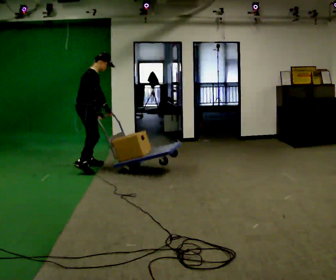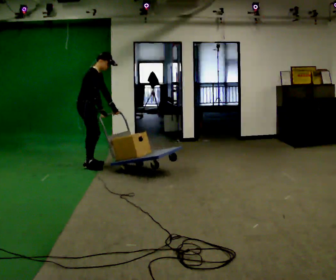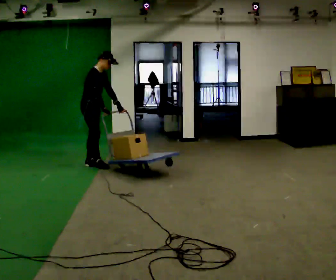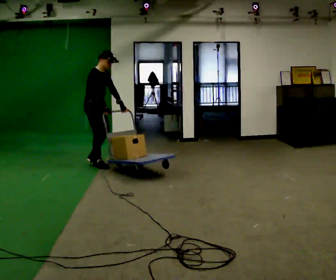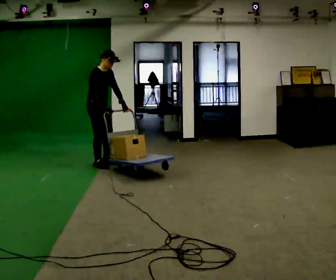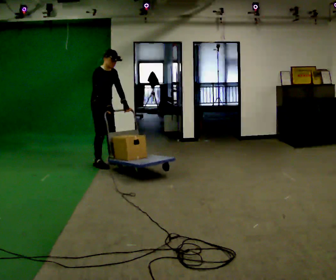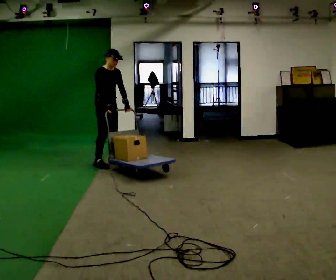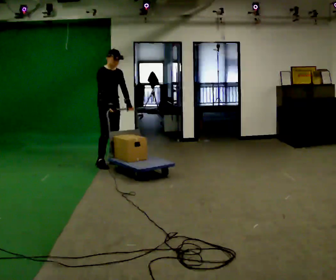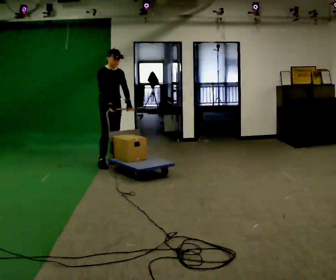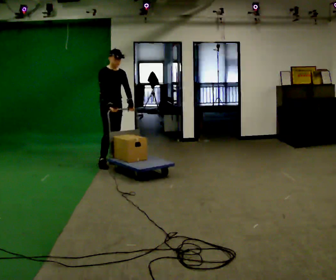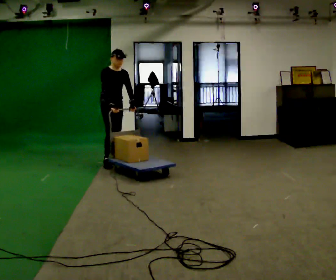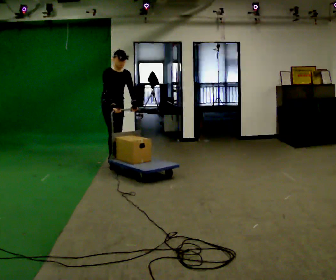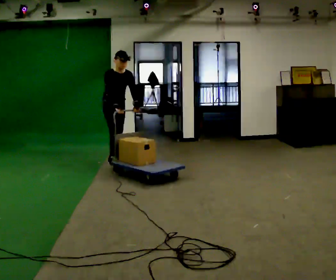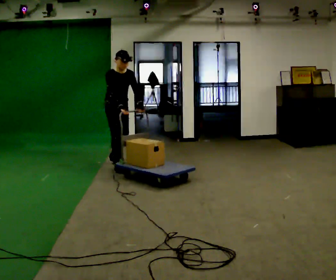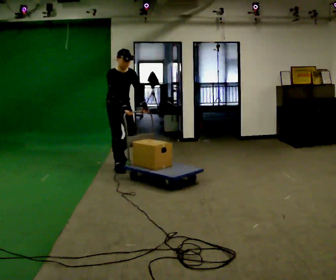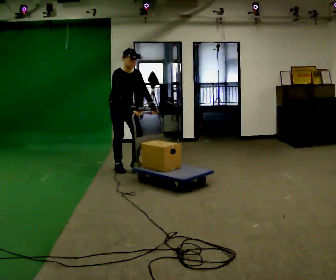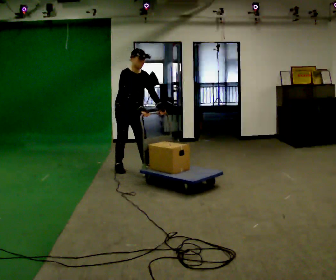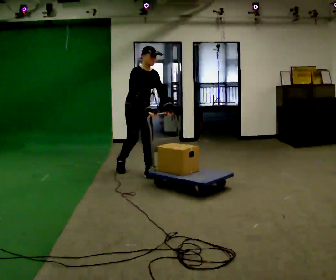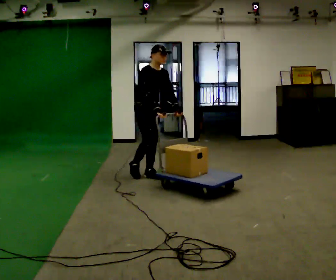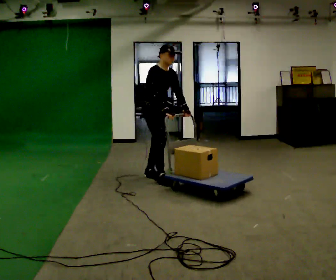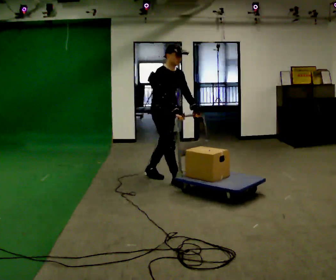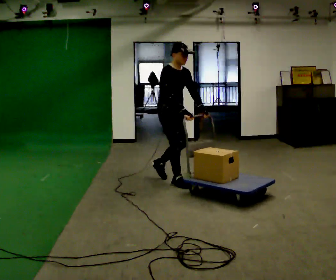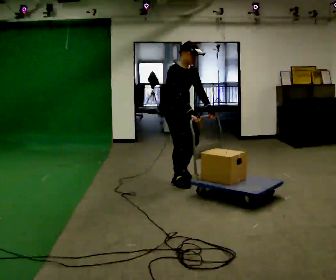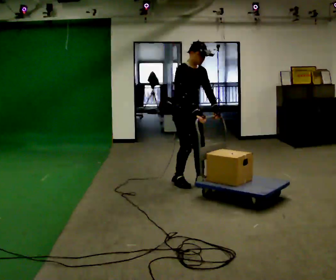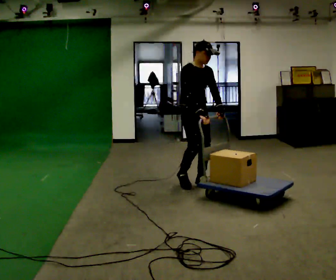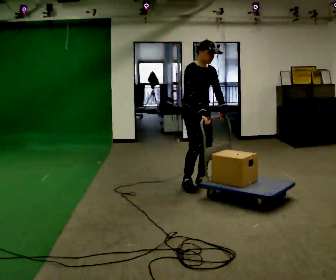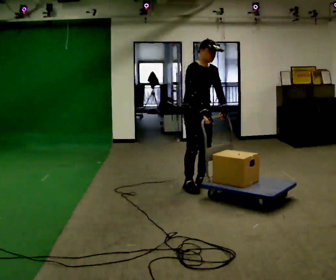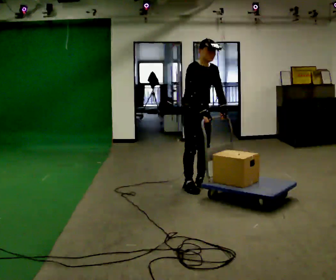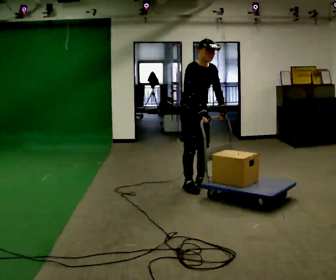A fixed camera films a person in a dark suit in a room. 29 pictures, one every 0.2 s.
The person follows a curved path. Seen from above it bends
clockwise.
0.0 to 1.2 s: Seen from above the body turns clockwise, about 45 degrees: to their right, with its near side sliding to the left. In the picture they go away from the camera and to the right, about 0.5 m in 2 steps, which for them is to their left and forward.
1.2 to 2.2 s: The person moves a little, or ends about where they began.
2.2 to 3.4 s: In the picture they go toward the camera and to the right, about 0.5 m in 2 steps, which for them is forward.
3.4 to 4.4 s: In the picture they go toward the camera and to the right, about 0.75 m in 1 step, which for them is forward.
4.4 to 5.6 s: In the picture they go toward the camera and to the right, about 0.25 m in 2 steps, which for them is forward.
The film runs forward here.
